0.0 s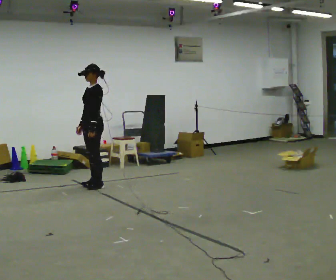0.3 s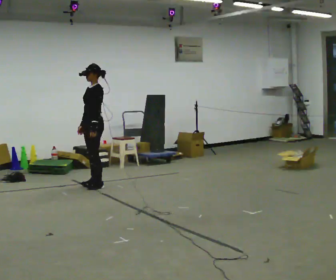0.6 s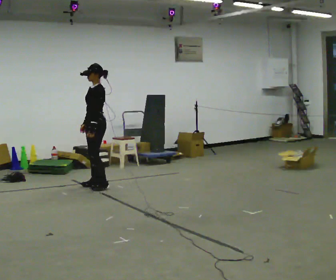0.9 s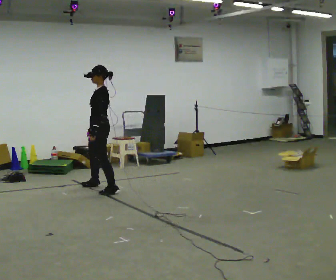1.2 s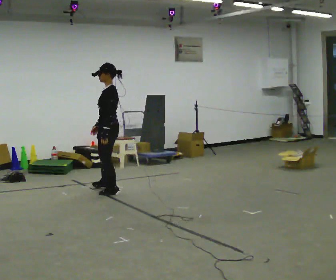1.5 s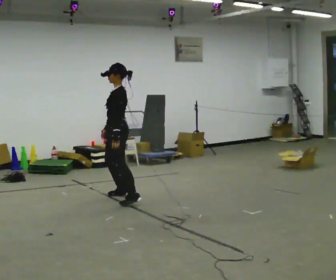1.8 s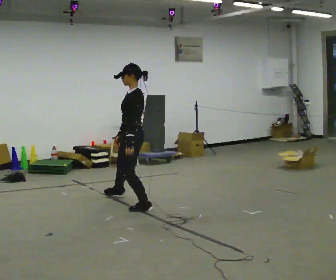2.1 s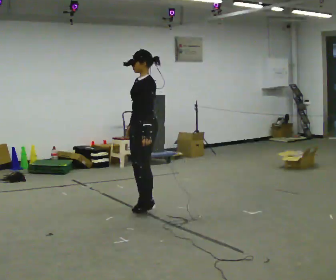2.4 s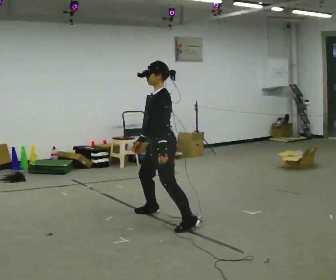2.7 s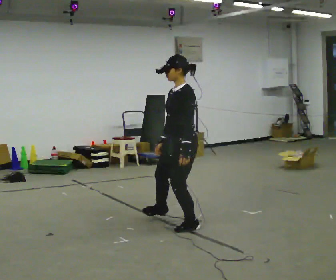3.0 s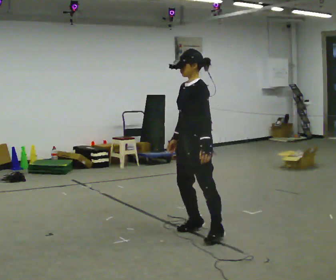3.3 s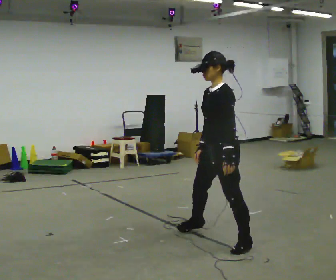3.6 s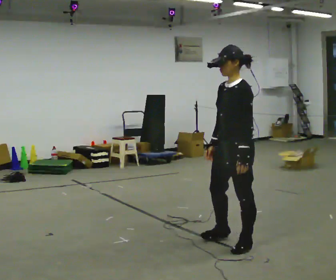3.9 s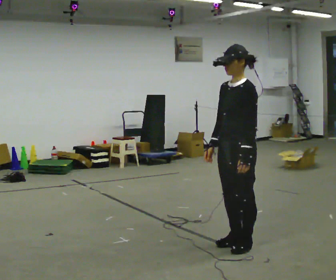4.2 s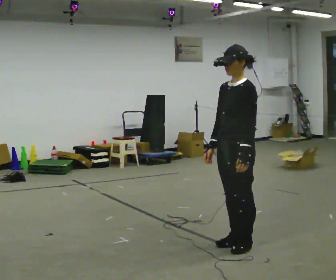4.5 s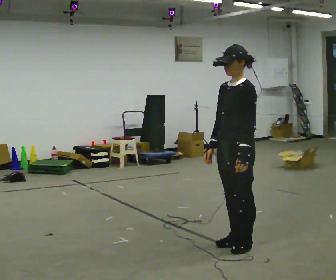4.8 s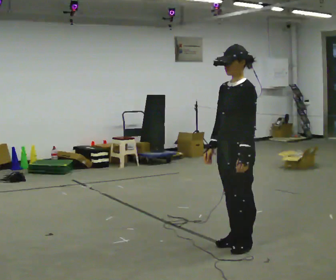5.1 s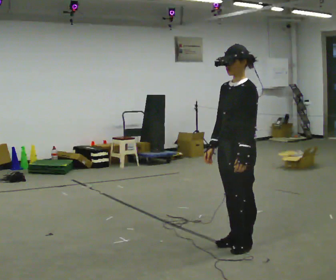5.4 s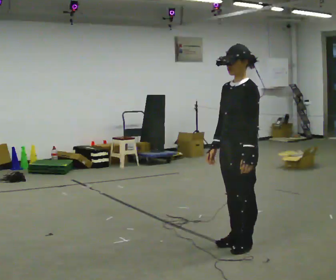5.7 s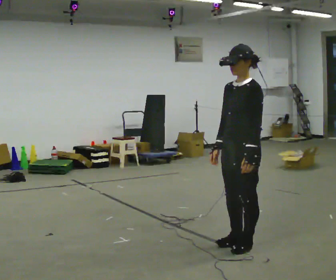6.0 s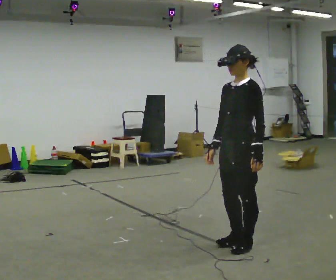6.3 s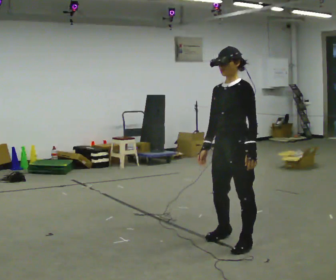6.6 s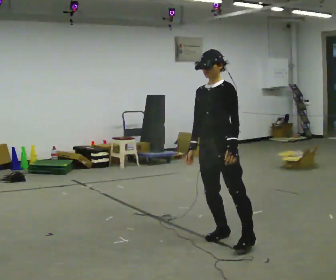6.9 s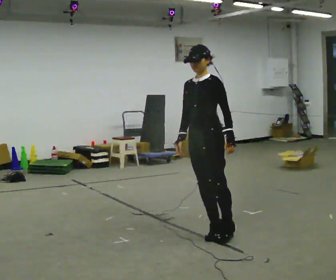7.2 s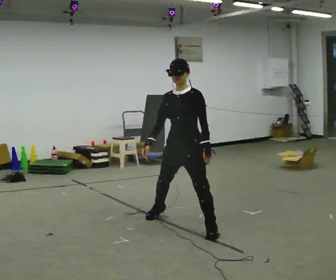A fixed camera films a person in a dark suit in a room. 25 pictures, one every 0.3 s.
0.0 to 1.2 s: In the picture they go toward the camera and to the right, about 0.5 m in 2 steps, which for them is to their left.
1.2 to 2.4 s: In the picture they go toward the camera and to the right, about 1.5 m in 3 steps, which for them is to their left.
2.4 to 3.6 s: In the picture they go toward the camera and to the right, about 1 m in 3 steps, which for them is to their left.
3.6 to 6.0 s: The person moves a little, or ends about where they began.
6.0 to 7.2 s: The part of the body nearest the lens slides to the right as the person turns to their left by about 30 degrees. In the picture they go away from the camera and to the left, about 1 m in 2 steps, which for them is to their right.
The film runs backward here.
